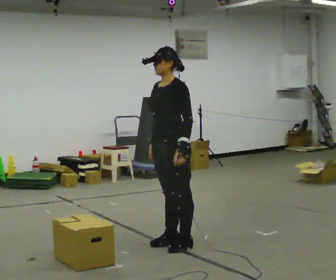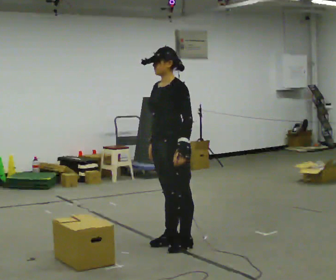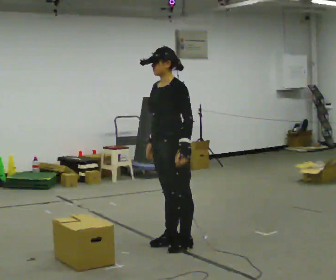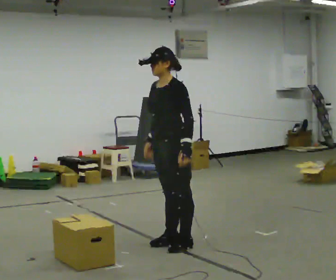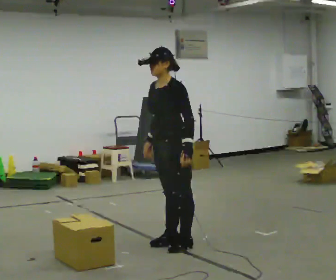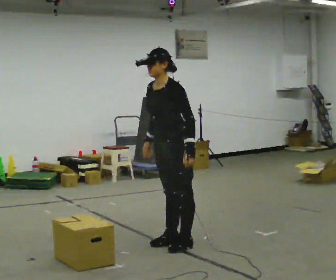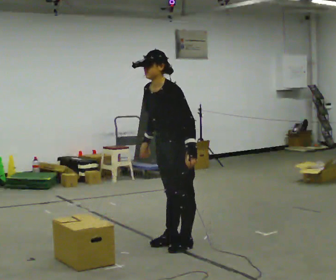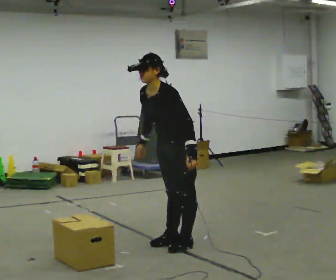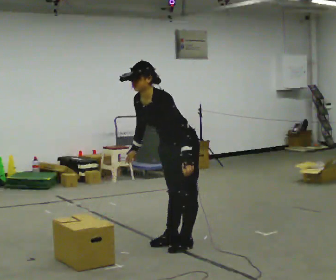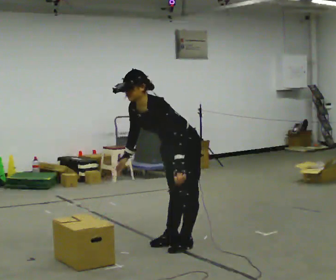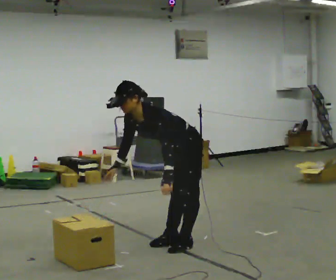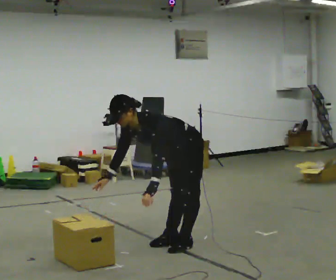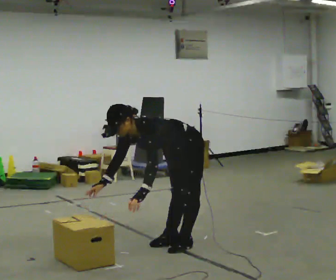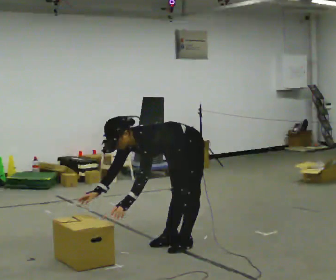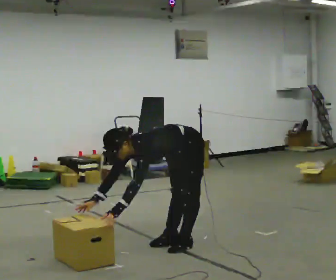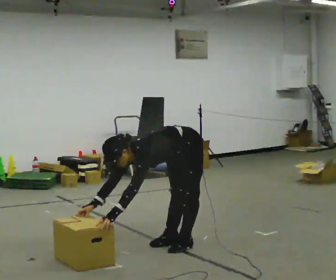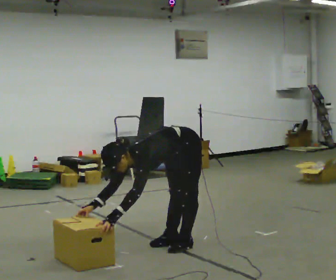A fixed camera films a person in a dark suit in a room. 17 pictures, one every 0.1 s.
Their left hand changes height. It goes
downward.
The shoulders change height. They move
downward.
0.0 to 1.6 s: The shoulders move downward. In the picture the upper body tilts counterclockwise, shoulders to the left, as they bend forward. In the picture their right hand goes to the left and downward.
The film runs backward here.
